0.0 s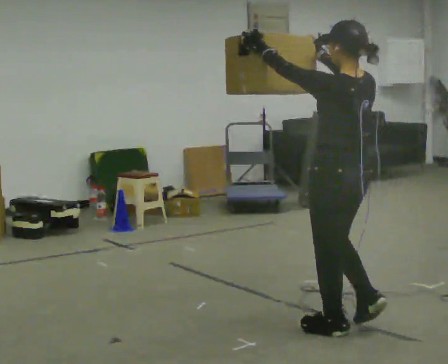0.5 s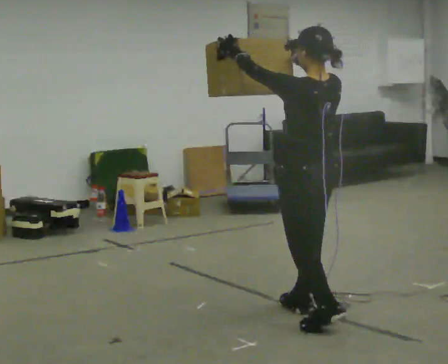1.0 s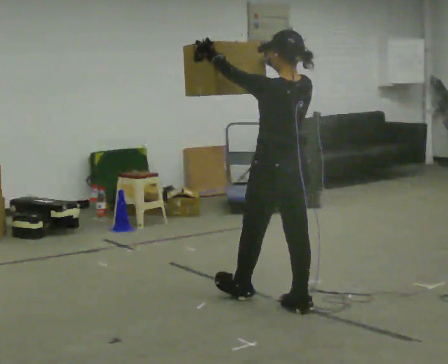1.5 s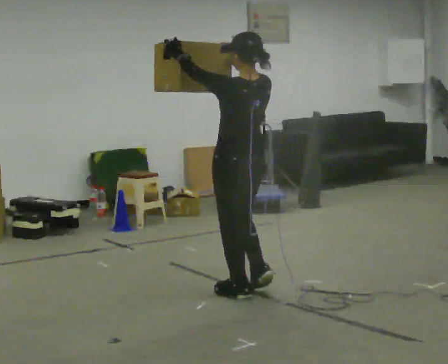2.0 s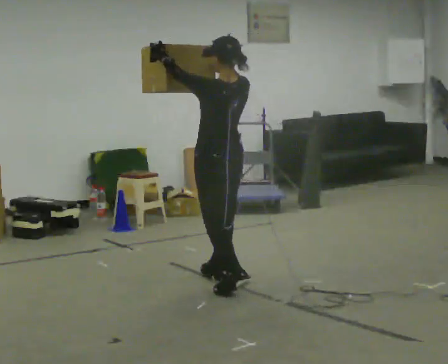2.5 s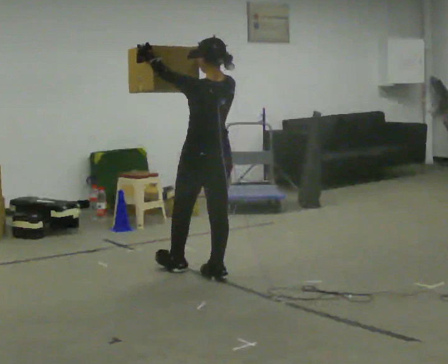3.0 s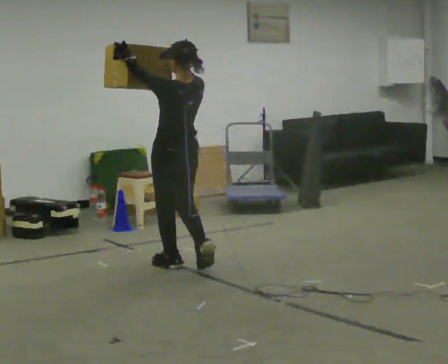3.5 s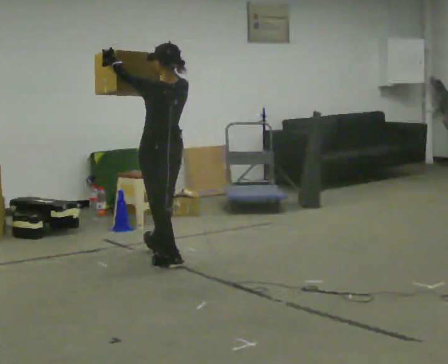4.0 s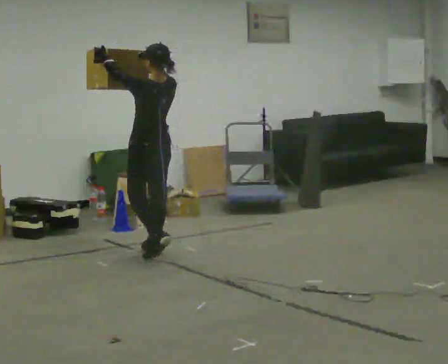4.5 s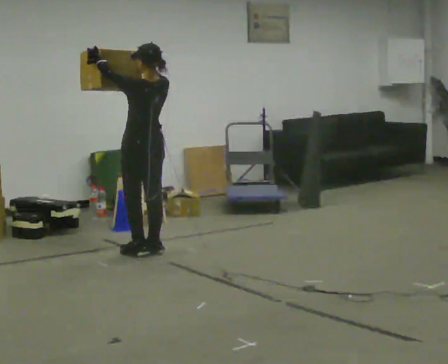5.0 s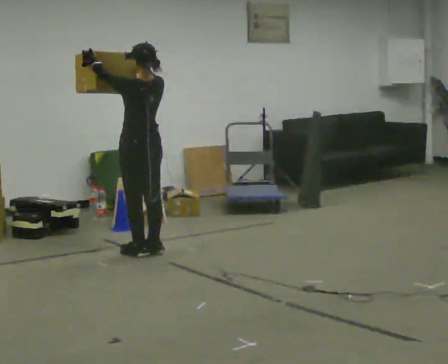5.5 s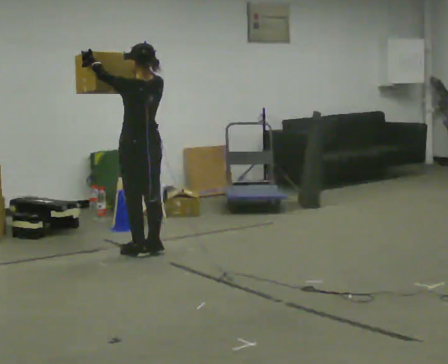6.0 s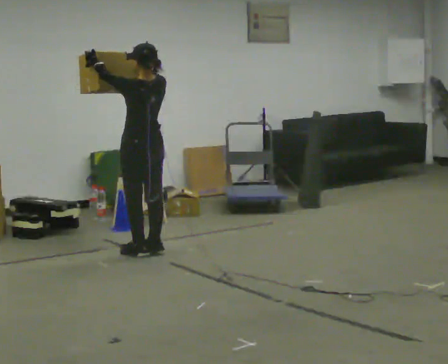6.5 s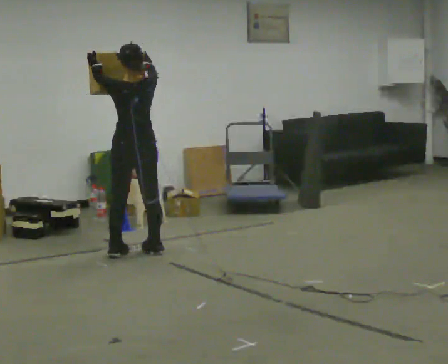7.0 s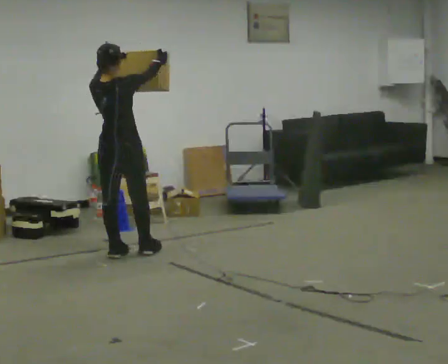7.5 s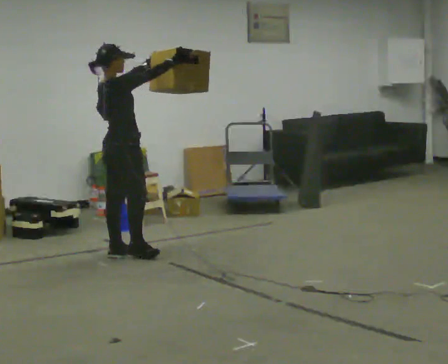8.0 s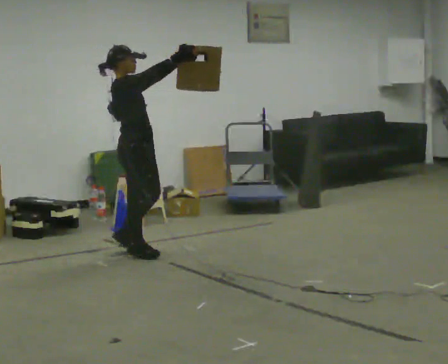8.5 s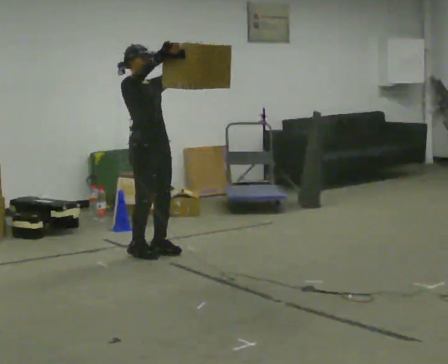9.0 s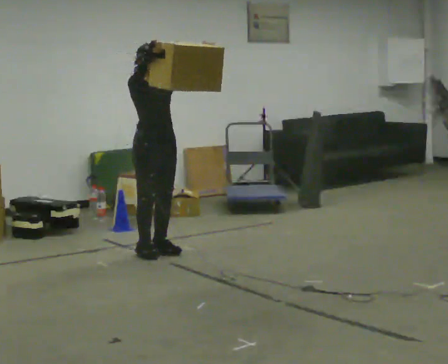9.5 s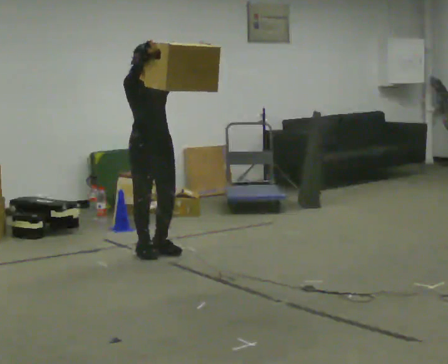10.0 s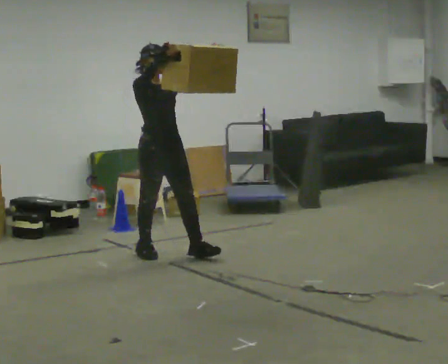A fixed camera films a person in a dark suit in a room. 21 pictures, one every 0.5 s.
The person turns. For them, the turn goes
to their right.
The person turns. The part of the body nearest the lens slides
to the left.
0.0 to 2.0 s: In the picture they go away from the camera and to the left, about 1 m in 3 steps, which for them is forward.
2.0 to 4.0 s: In the picture they go away from the camera and to the left, about 1 m in 2 steps, which for them is forward.
4.0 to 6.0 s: The person moves a little, or ends about where they began.
6.0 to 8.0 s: Seen from above the body turns clockwise, about 135 degrees: to their right, with its near side sliding to the left. In the picture the upper body tilts counterclockwise, shoulders to the left. In the picture their left hand goes to the right.
8.0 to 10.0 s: The person turns about 45 degrees to their right, clockwise seen from above, so the part of the body nearest the lens slides to the left. In the picture they go to the right, about 0.25 m in 2 steps, which for them is to their left and forward.
The film runs forward here.
